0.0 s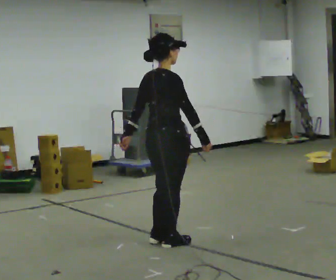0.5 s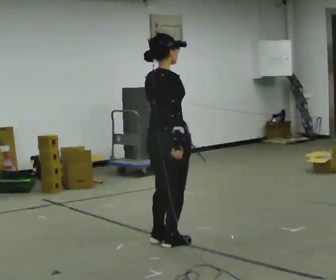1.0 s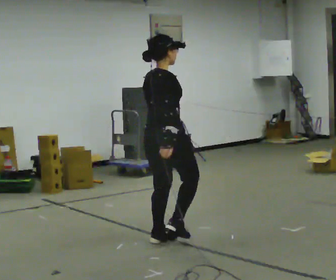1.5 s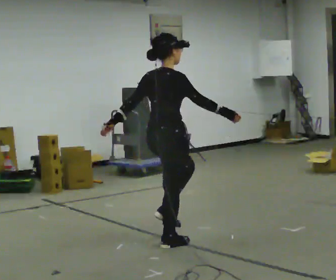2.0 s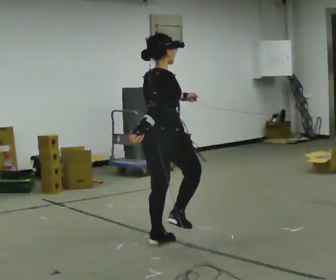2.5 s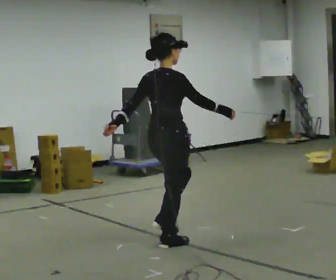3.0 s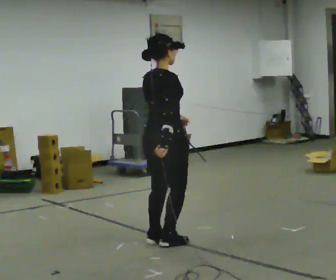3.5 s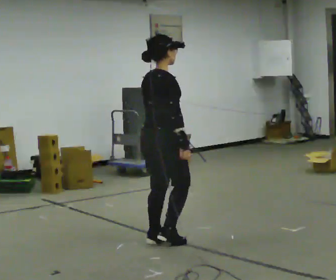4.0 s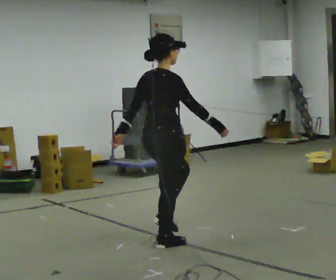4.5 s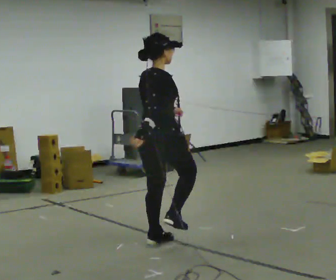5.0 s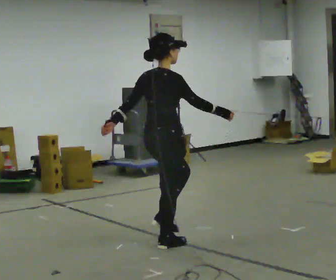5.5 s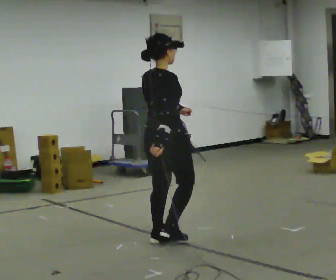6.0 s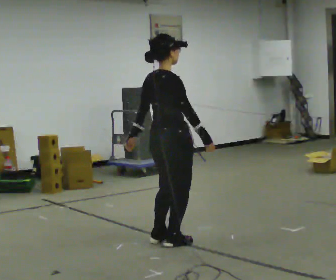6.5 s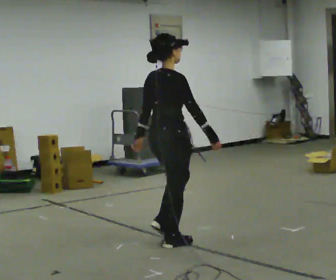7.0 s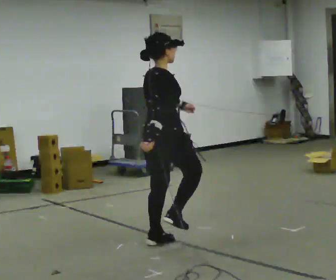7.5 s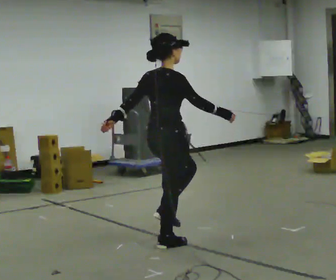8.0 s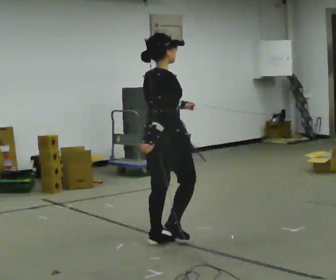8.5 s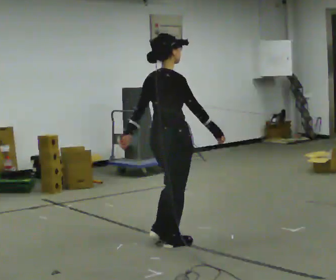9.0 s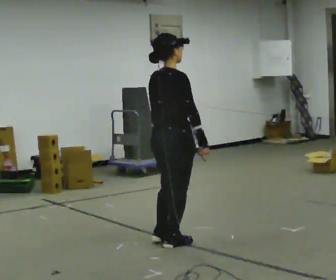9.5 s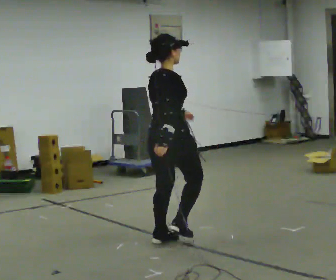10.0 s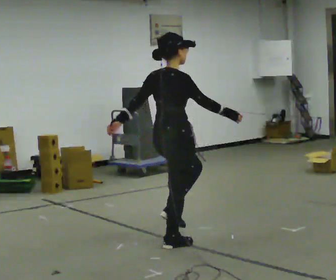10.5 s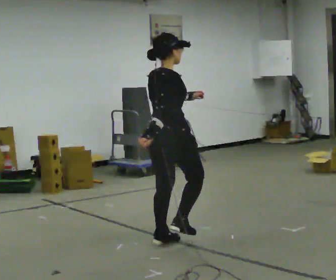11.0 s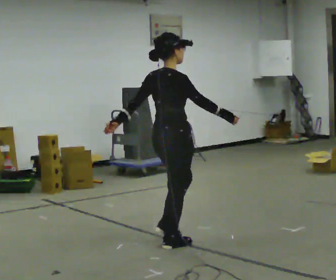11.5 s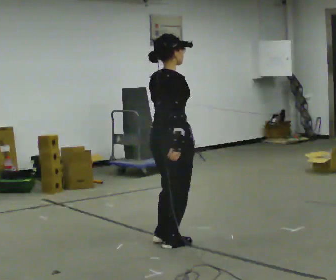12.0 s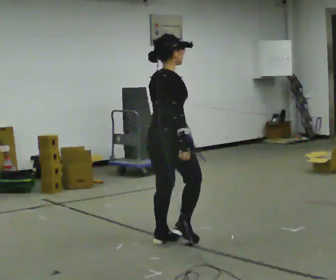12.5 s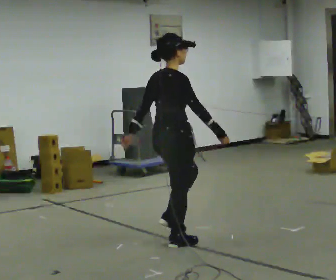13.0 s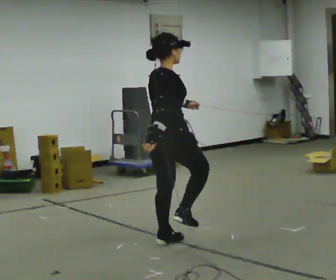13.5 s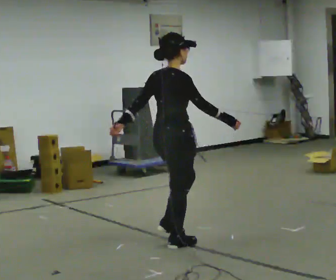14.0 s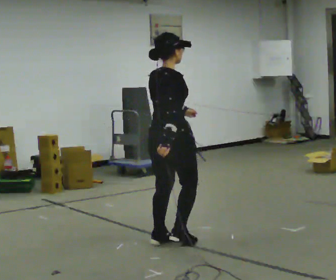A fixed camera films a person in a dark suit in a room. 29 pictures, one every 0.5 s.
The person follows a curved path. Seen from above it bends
clockwise.
0.0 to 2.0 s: In the picture their left hand goes to the right.
2.0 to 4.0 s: In the picture their left hand goes to the left.
4.0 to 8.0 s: In the picture their left hand goes to the right.
8.0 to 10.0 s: In the picture their left hand goes to the left.
10.0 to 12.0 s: In the picture their left hand goes to the right.
12.0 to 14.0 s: The person moves a little, or ends about where they began.
The film runs backward here.
